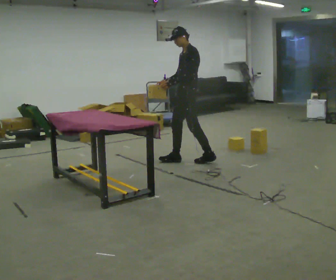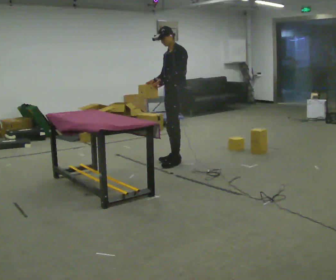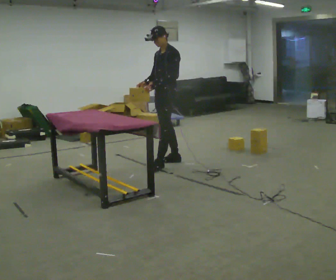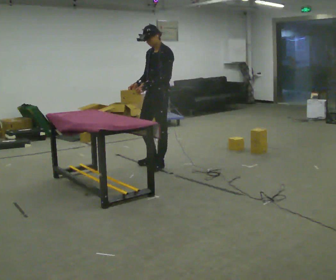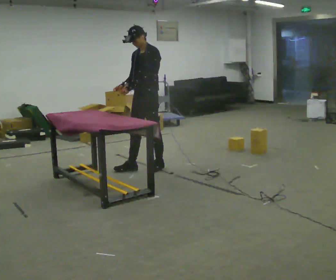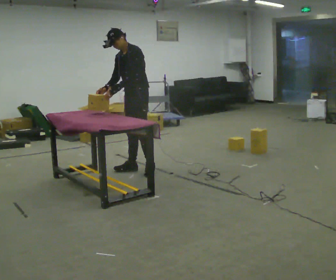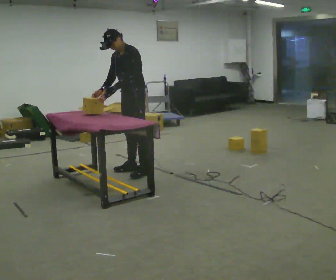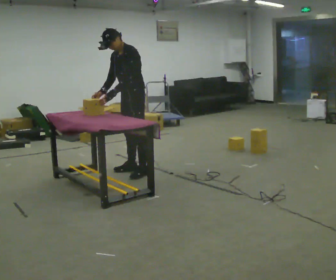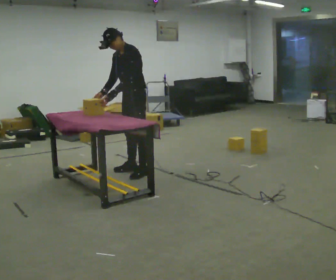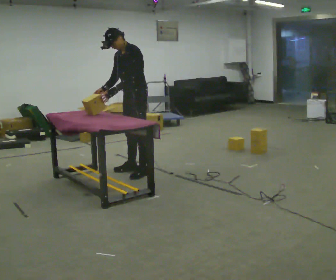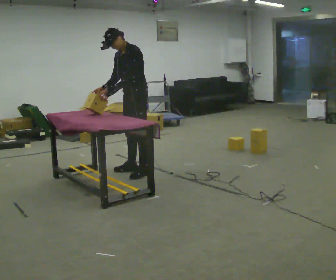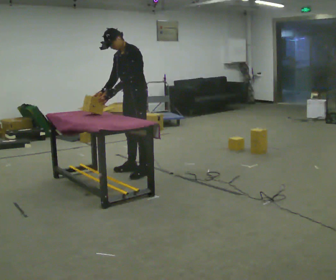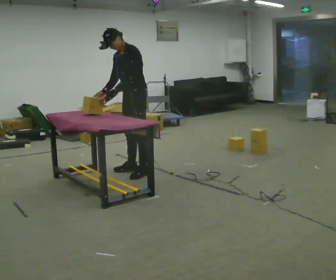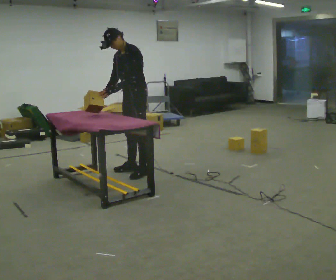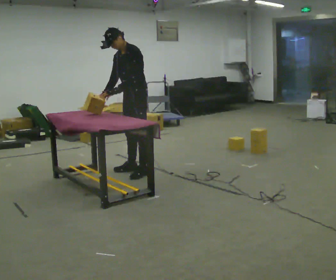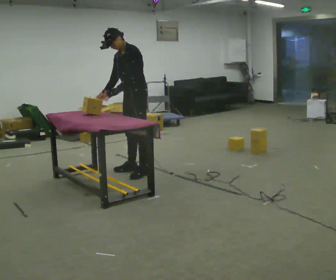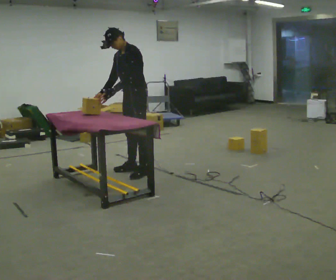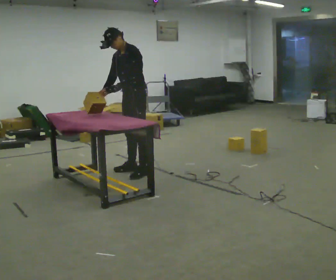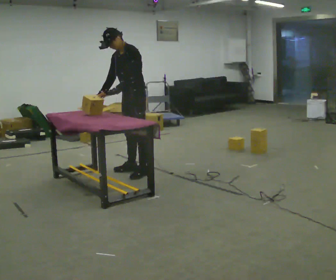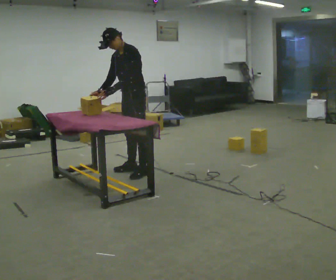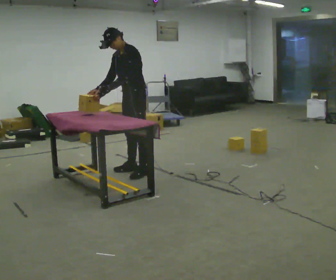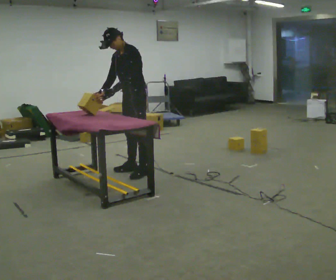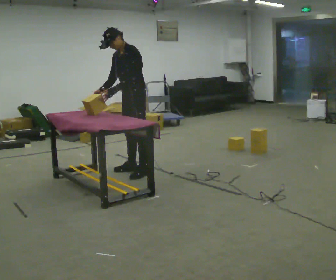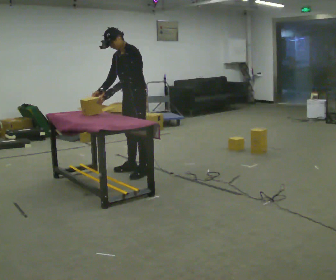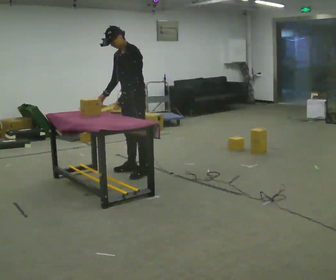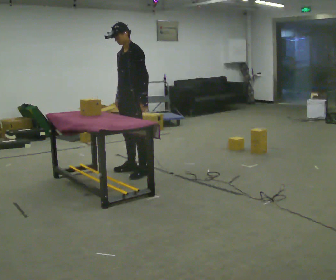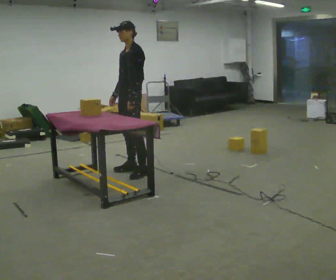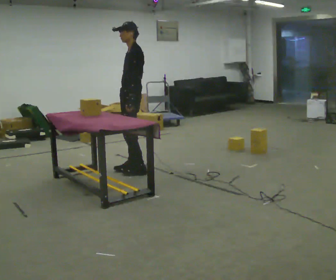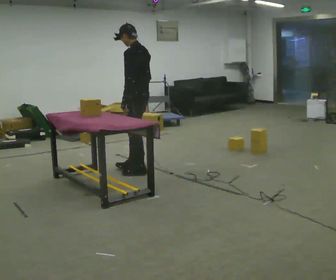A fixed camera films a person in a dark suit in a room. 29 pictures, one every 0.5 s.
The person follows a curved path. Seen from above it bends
counterclockwise.
0.0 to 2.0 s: The part of the body nearest the lens slides to the right as the person turns to their left by about 30 degrees. In the picture they go to the left and toward the camera, about 0.5 m in 2 steps, which for them is forward.
2.0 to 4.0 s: In the picture the upper body tilts counterclockwise, shoulders to the left, as they bend forward.
4.0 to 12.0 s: The person moves a little, or ends about where they began.
12.0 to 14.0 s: The part of the body nearest the lens slides to the left as the person turns to their right by about 60 degrees. In the picture their right hand goes to the right.
The film runs forward here.
